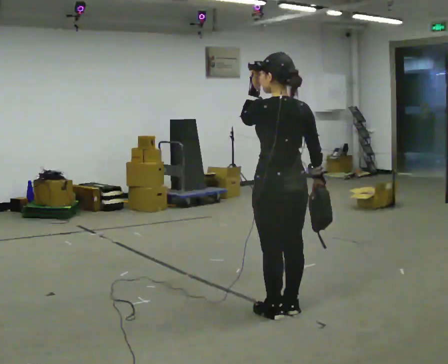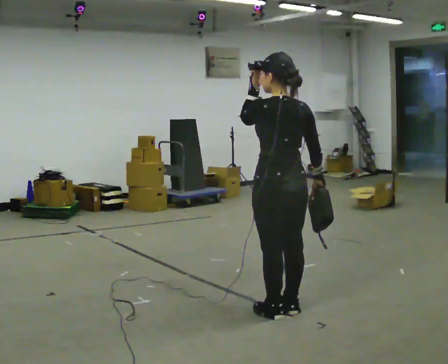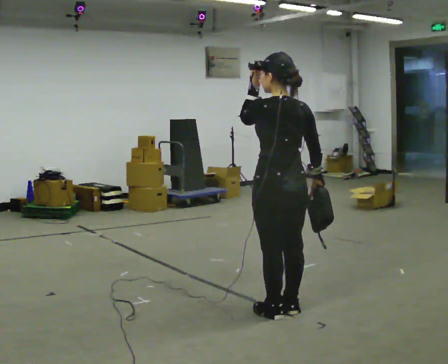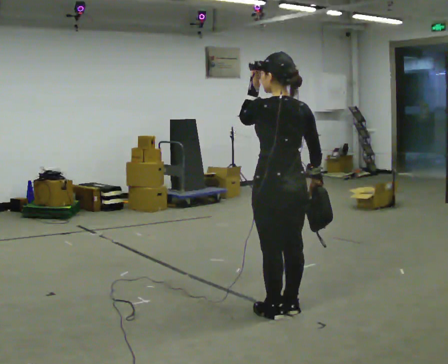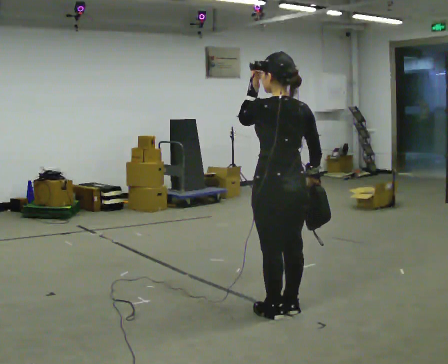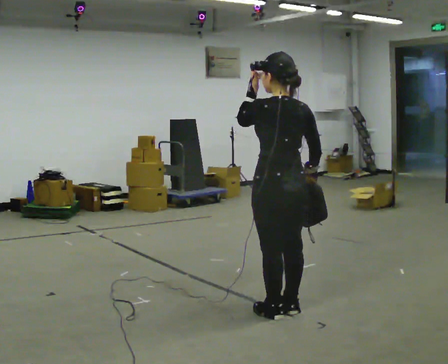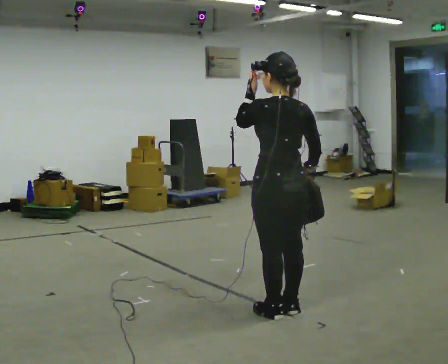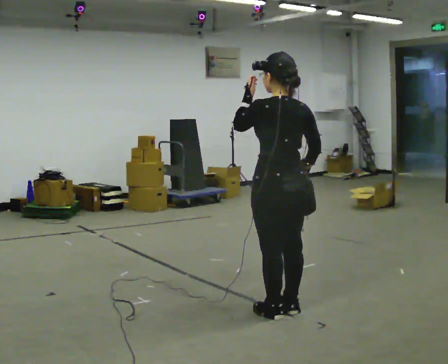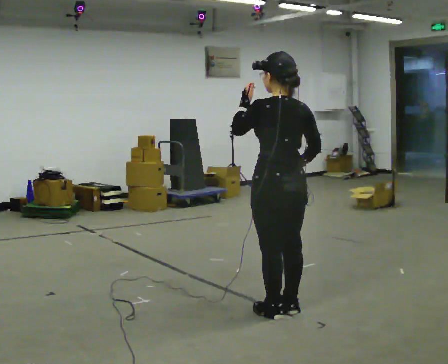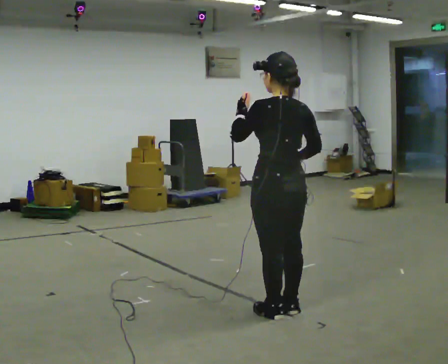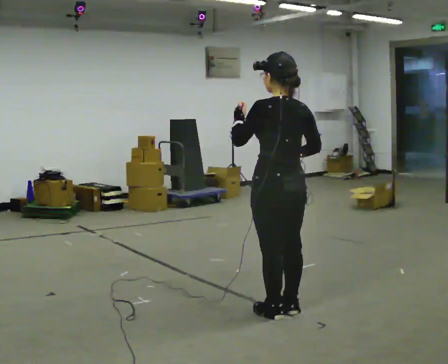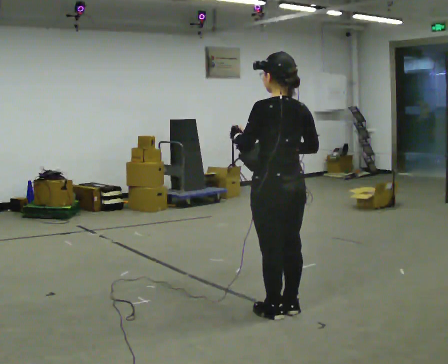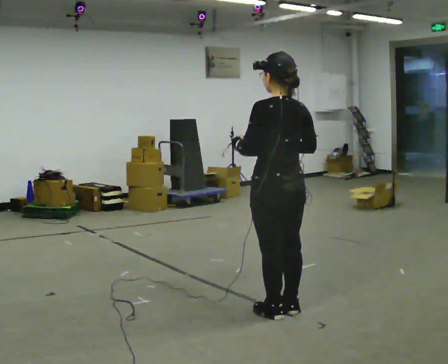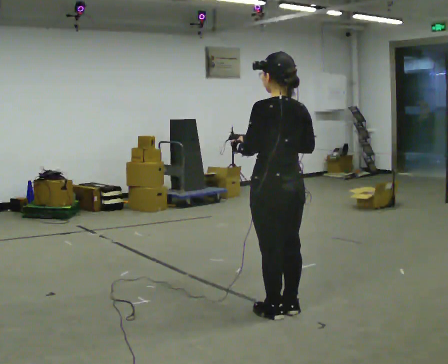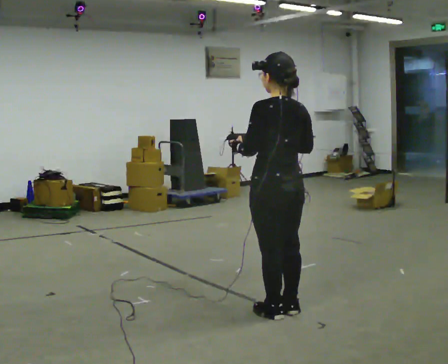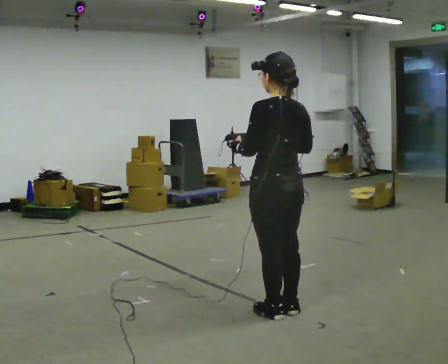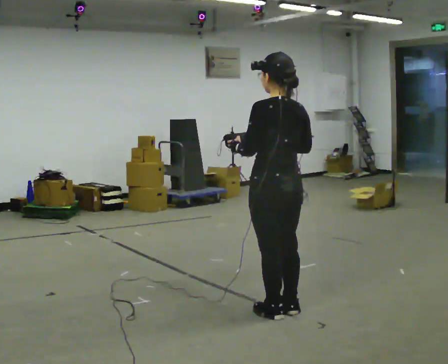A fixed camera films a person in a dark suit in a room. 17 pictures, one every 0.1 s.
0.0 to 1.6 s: In the picture their left hand goes downward.
The film runs backward here.
